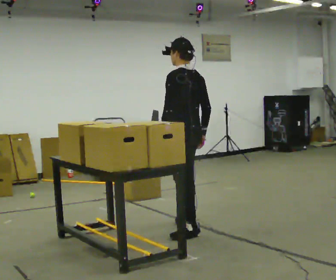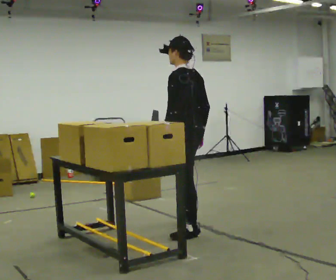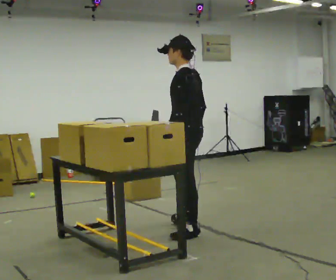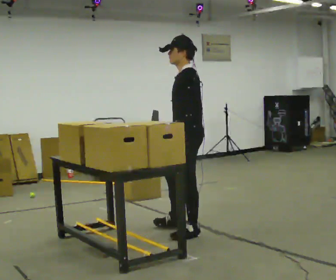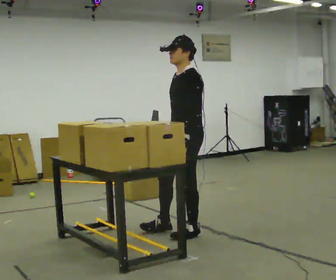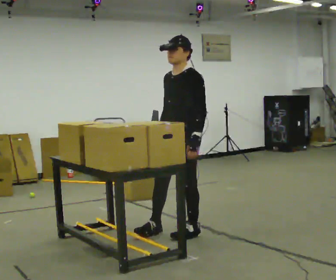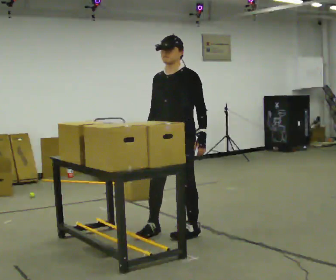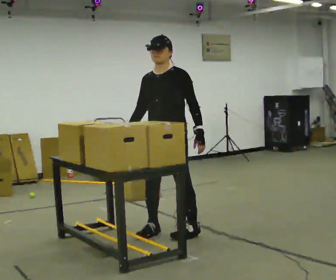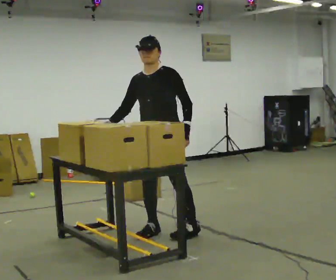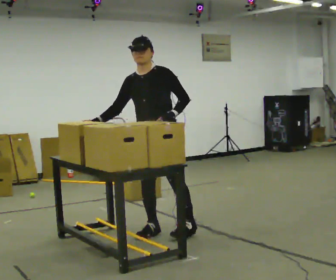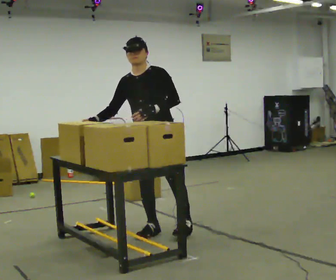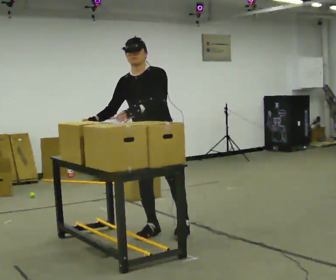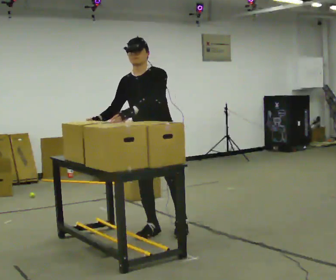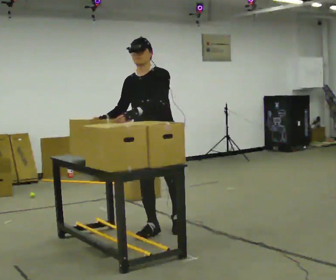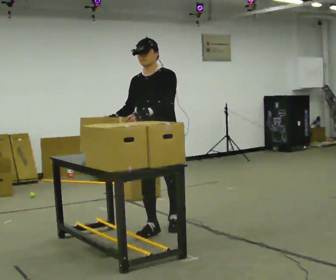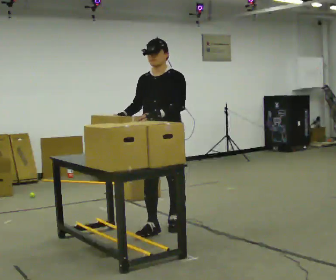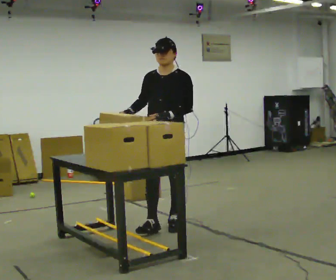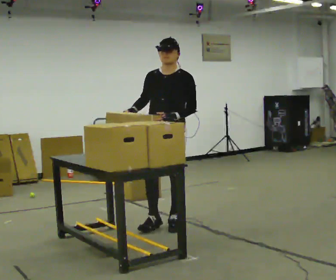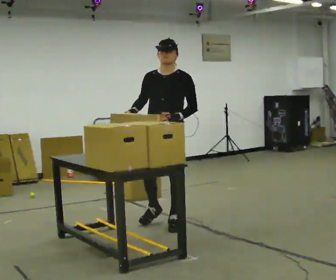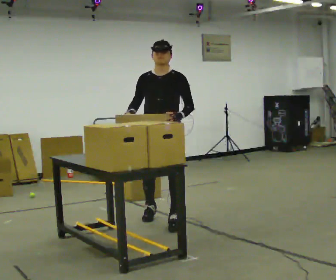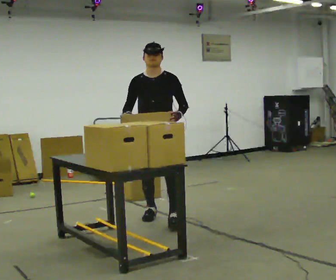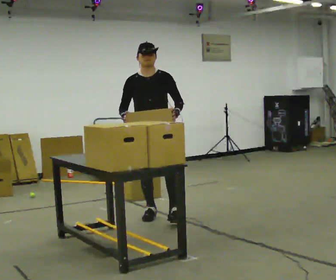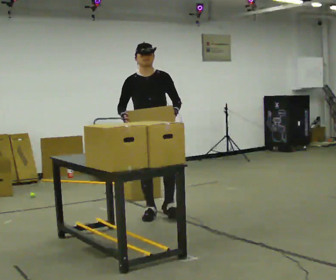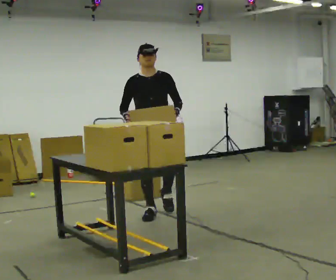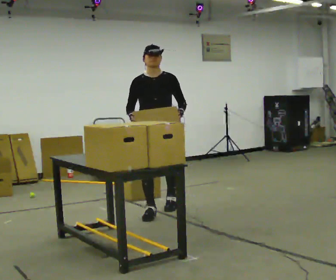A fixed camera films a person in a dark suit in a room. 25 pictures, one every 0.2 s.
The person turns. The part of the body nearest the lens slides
to the right.
The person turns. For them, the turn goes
to their left.
0.0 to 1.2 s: The person turns about 75 degrees to their left, counterclockwise seen from above, so the part of the body nearest the lens slides to the right. In the picture they go toward the camera, about 0.25 m in 1 step. In the picture their left hand goes to the right, the arm swinging counterclockwise.
1.2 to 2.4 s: In the picture they go to the left, about 0.25 m in 1 step, which for them is to their right. In the picture their left hand goes to the left.
2.4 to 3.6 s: In the picture they go away from the camera, about 0.25 m in 1 step, which for them is backward. In the picture the upper body tilts clockwise, shoulders to the right.
3.6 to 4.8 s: In the picture they go away from the camera, about 0.5 m in 1 step, which for them is backward and to their right.
The film runs backward here.
